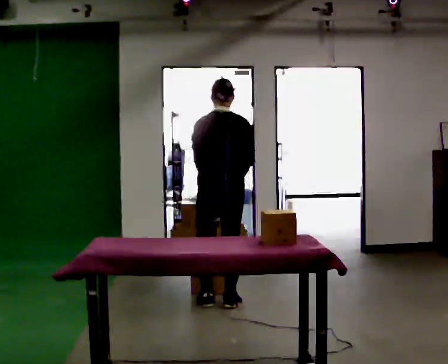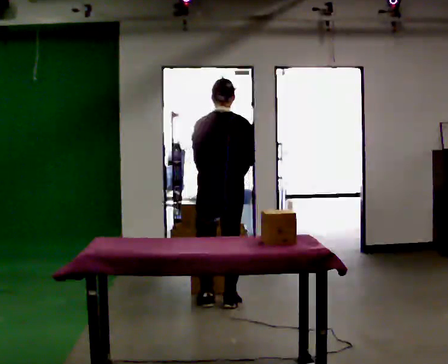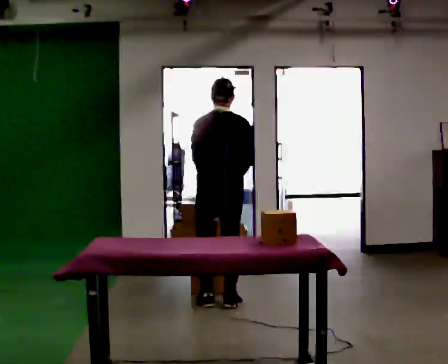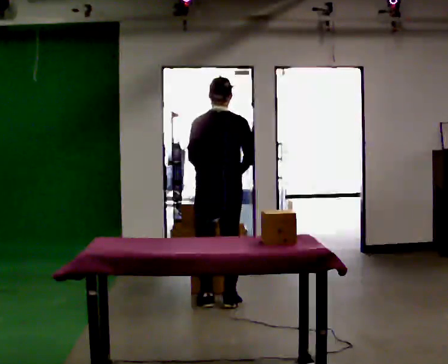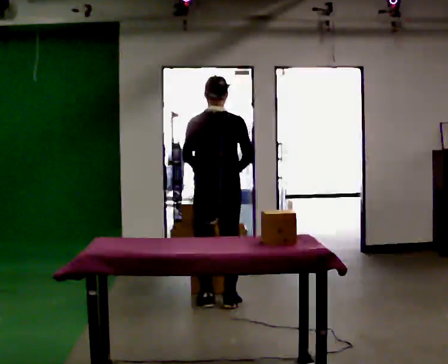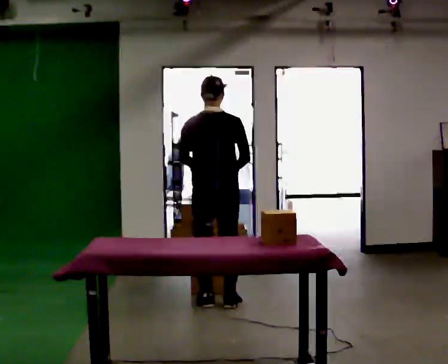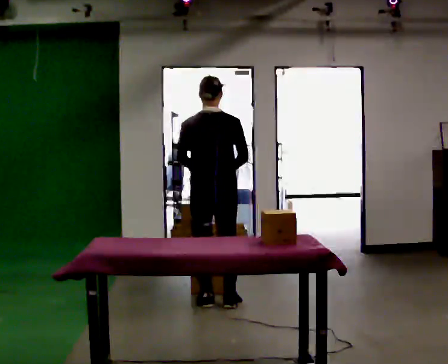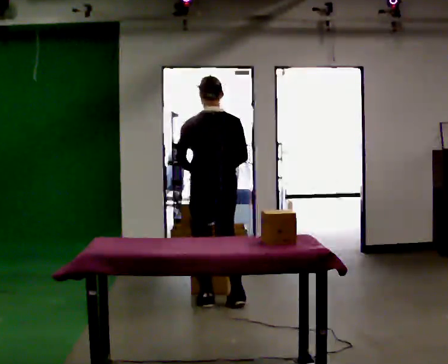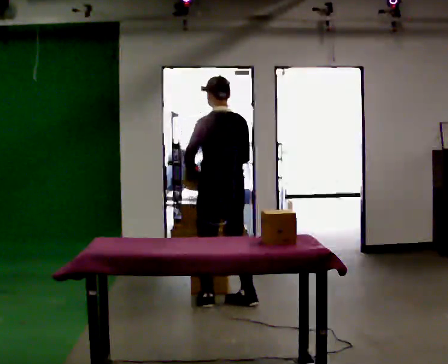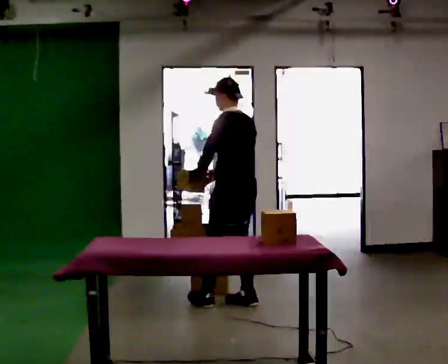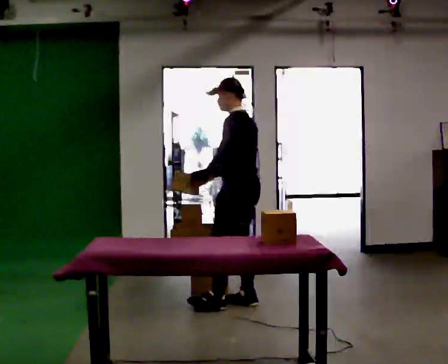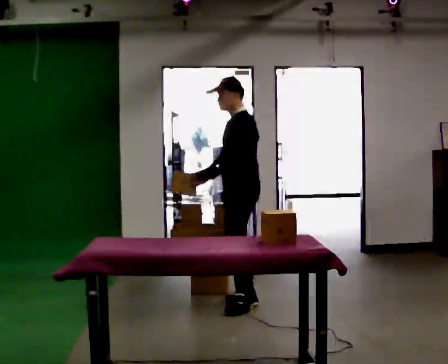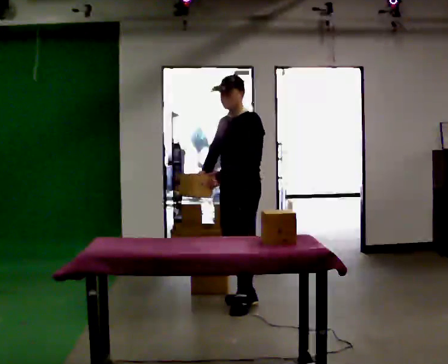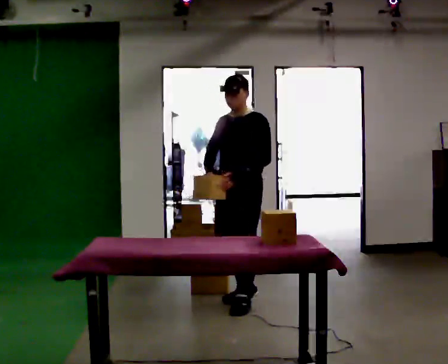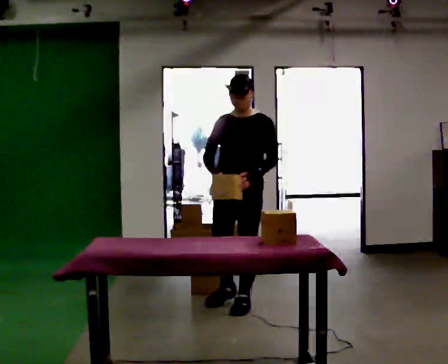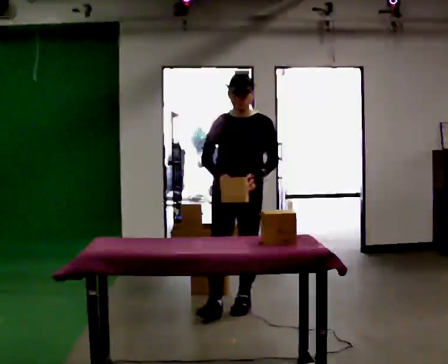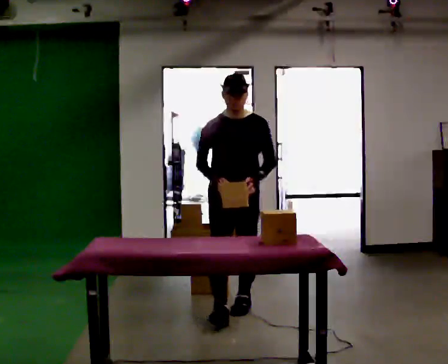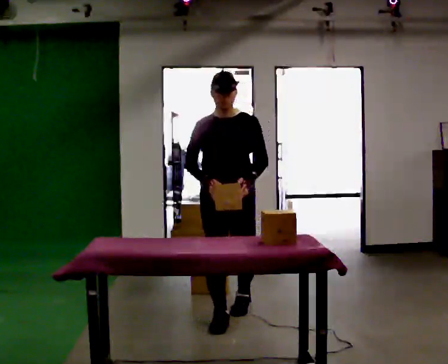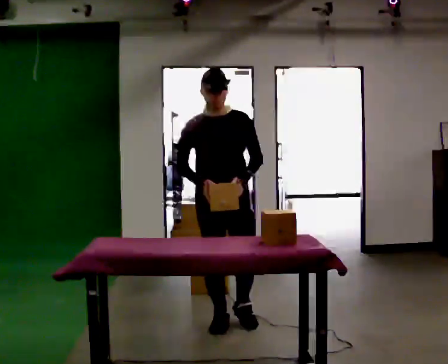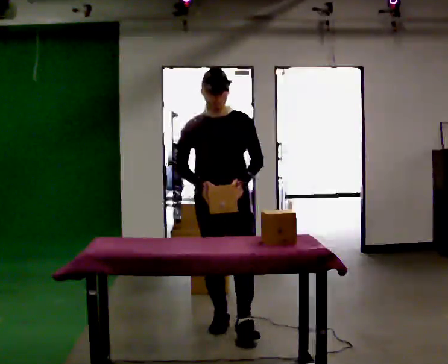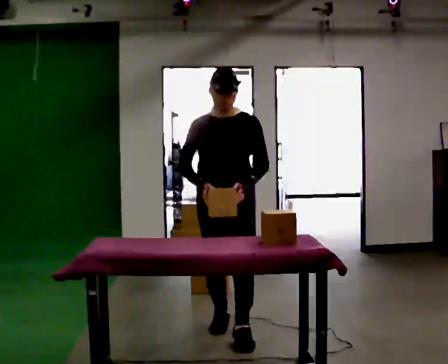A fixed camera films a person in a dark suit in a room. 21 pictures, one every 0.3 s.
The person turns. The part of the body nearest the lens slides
to the right.
The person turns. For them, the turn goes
to their left.
0.0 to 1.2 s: The person moves a little, or ends about where they began.
1.2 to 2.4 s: The part of the body nearest the lens slides to the right as the person turns to their left by about 30 degrees.
2.4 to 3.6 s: The part of the body nearest the lens slides to the right as the person turns to their left by about 90 degrees. In the picture their left hand goes to the right.
3.6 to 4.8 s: The person turns about 60 degrees to their left, counterclockwise seen from above, so the part of the body nearest the lens slides to the right. In the picture they go toward the camera, about 0.25 m in 1 step, which for them is forward.
4.8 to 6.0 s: In the picture they go toward the camera, about 0.5 m in 1 step, which for them is forward.
The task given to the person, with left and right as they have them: Carry the object across the room, open the lid of the container, put the object inside, and close the lid again. Then go back for the next one. Keep going until the operator says stop; one object at a time, and do not rush between trips.
The film runs forward here.
